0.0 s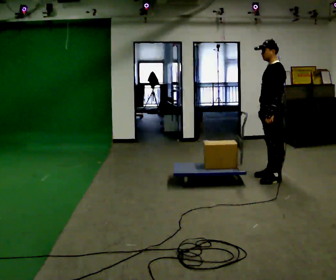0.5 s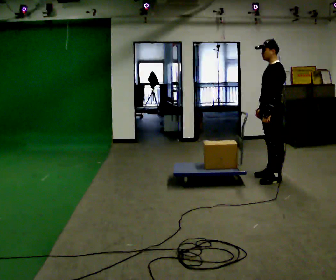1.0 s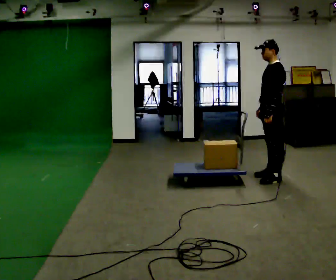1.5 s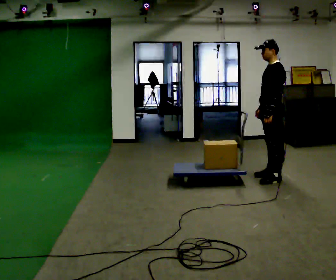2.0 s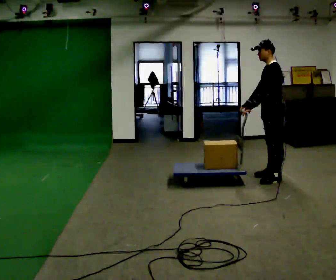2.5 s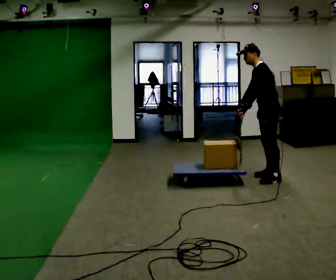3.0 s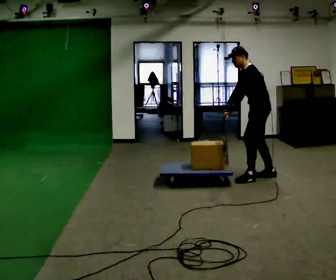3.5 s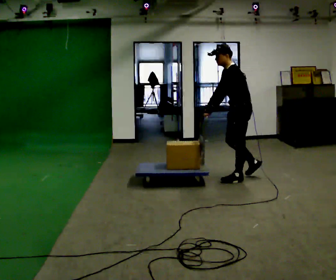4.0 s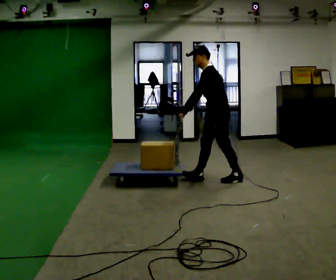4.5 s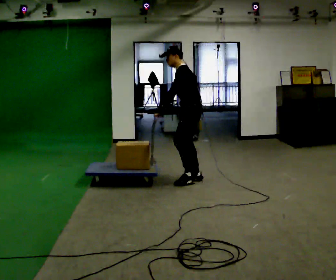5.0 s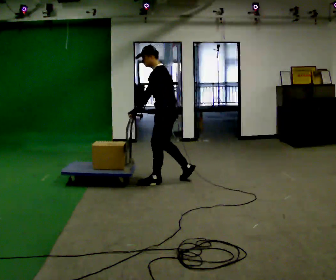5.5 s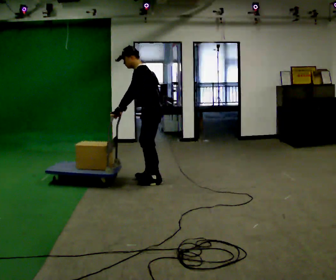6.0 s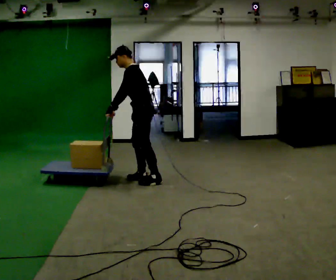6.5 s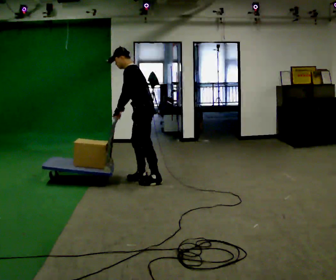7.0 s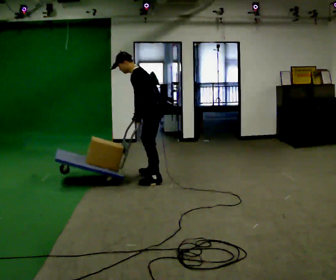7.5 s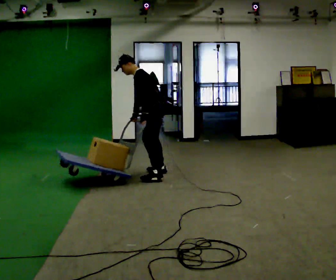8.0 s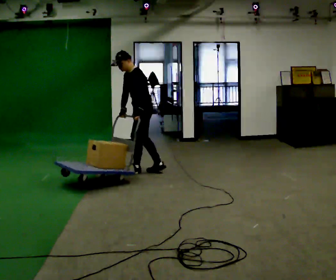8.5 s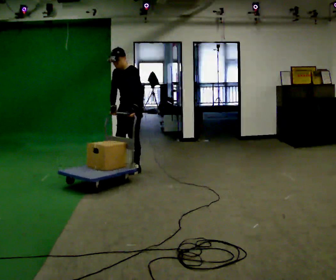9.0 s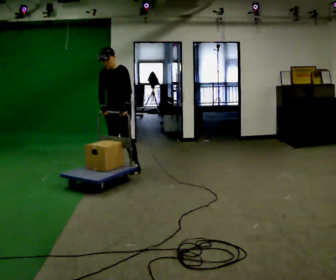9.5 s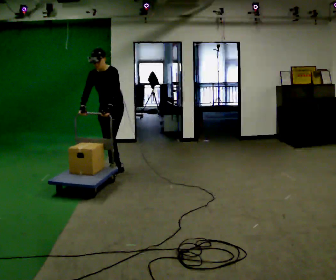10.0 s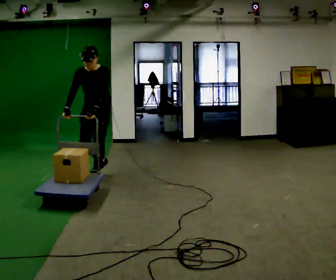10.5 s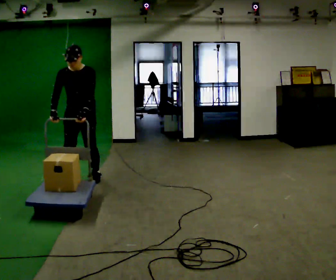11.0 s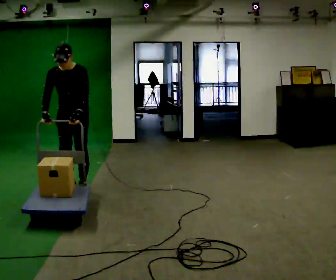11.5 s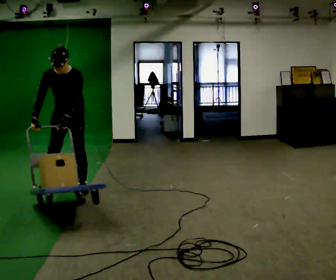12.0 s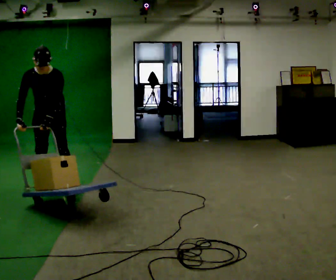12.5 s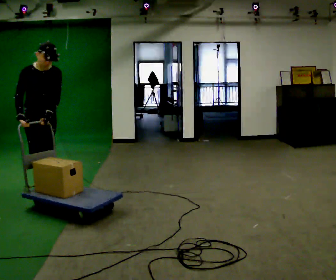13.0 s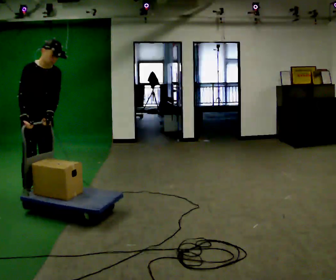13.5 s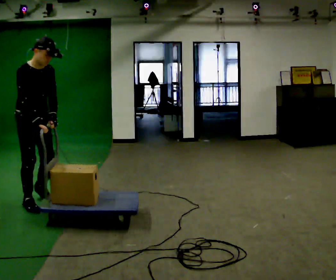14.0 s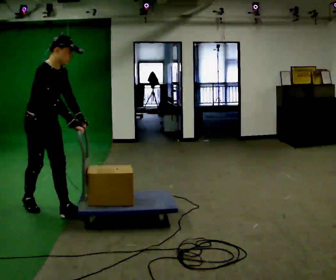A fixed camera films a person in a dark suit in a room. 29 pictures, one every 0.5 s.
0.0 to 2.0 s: The person moves a little, or ends about where they began.
2.0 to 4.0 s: In the picture they go to the left, about 0.75 m in 2 steps, which for them is forward.
4.0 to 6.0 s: In the picture they go to the left, about 1 m in 2 steps, which for them is forward.
6.0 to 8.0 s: In the picture they go away from the camera, about 0.5 m in 2 steps, which for them is to their right.
8.0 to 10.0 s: Seen from above the body turns counterclockwise, about 60 degrees: to their left, with its near side sliding to the right. In the picture they go to the left and toward the camera, about 0.75 m in 2 steps, which for them is forward and to their right.
10.0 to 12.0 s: In the picture they go toward the camera and to the left, about 0.5 m in 3 steps, which for them is forward and to their right.
12.0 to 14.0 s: The person turns about 60 degrees to their left, counterclockwise seen from above, so the part of the body nearest the lens slides to the right. In the picture they go toward the camera, about 1 m in 2 steps.
The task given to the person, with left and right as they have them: Push the cart along the marked route and round the corner to the side the operator calls.
The film runs forward here.
